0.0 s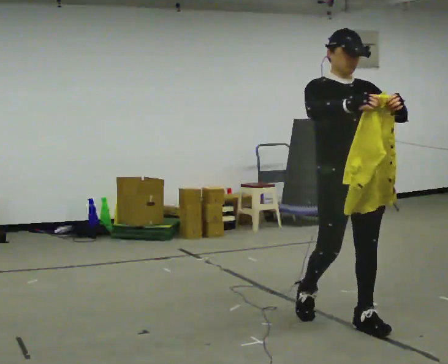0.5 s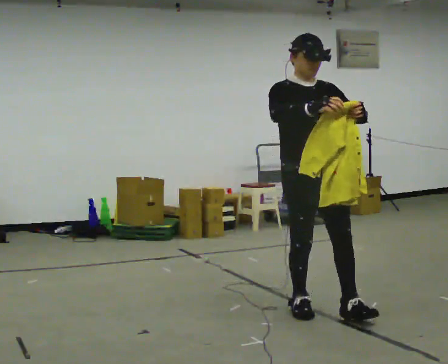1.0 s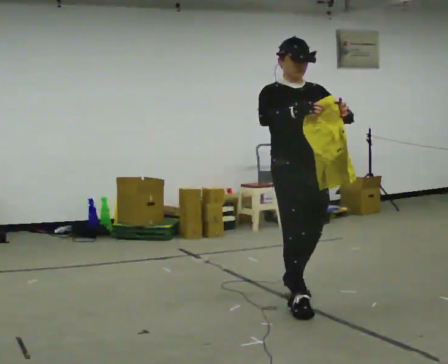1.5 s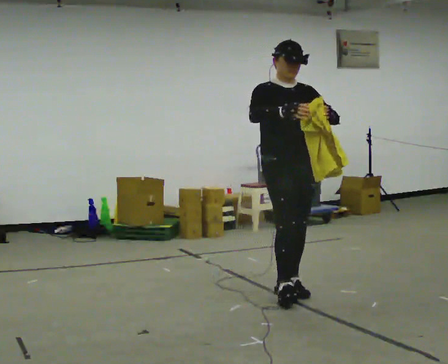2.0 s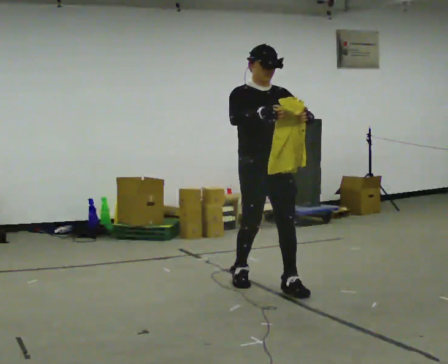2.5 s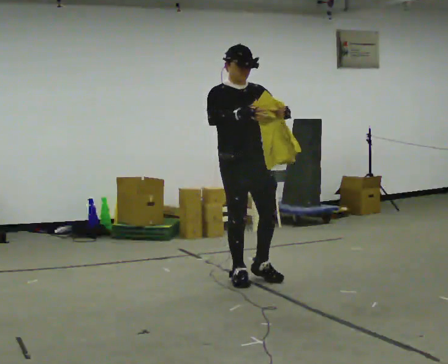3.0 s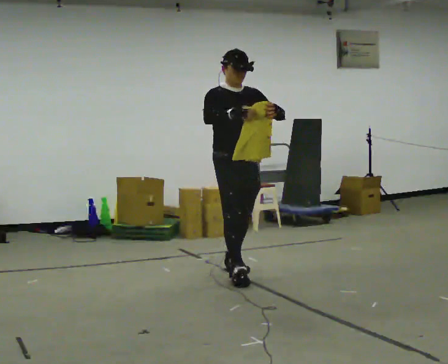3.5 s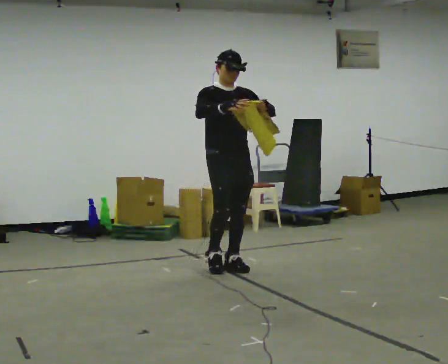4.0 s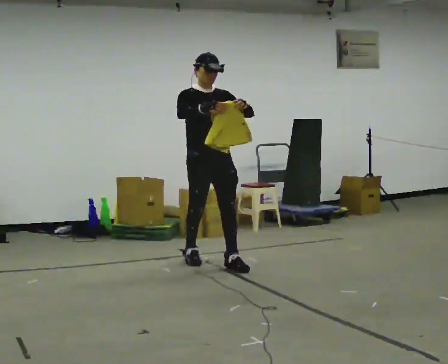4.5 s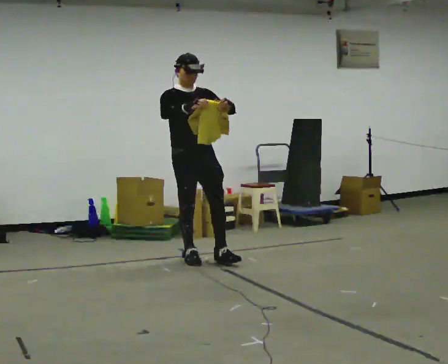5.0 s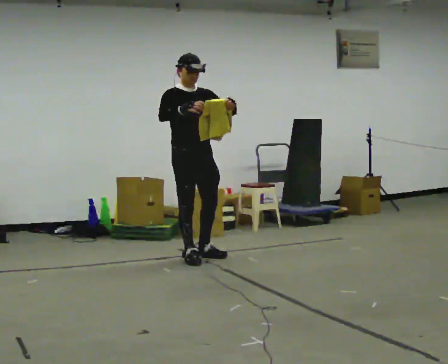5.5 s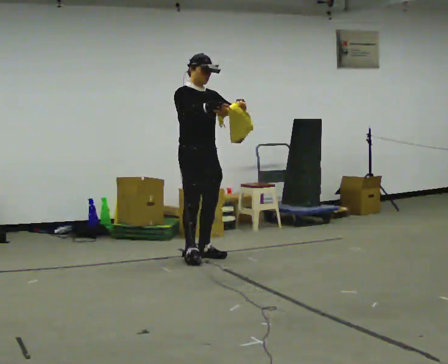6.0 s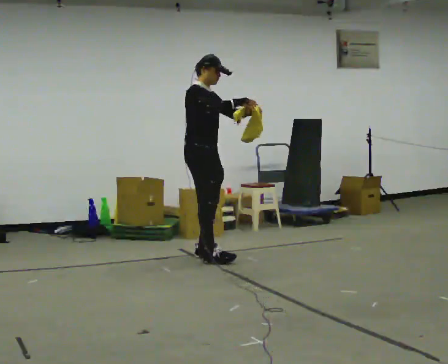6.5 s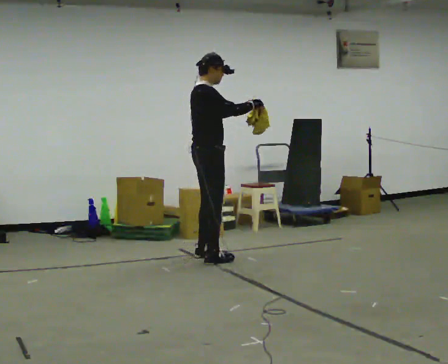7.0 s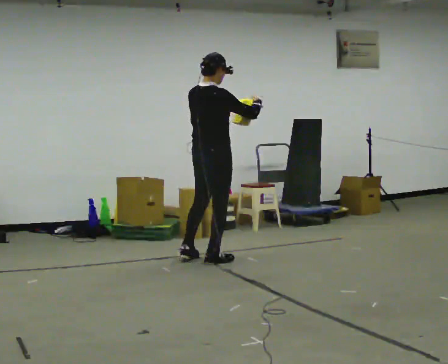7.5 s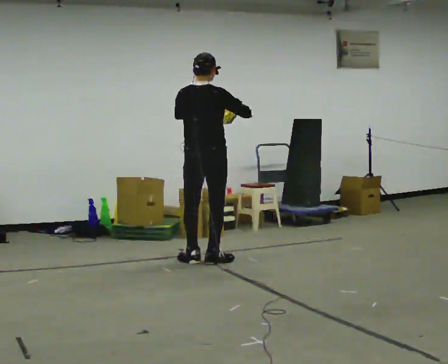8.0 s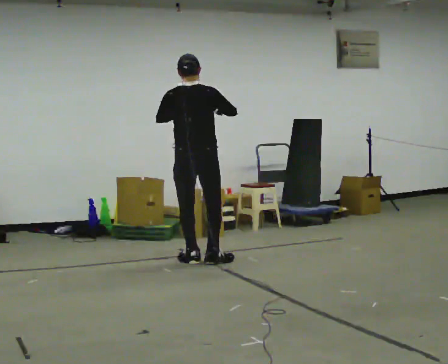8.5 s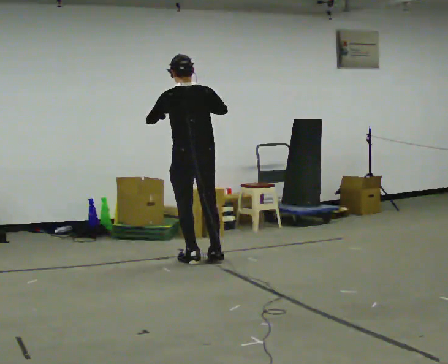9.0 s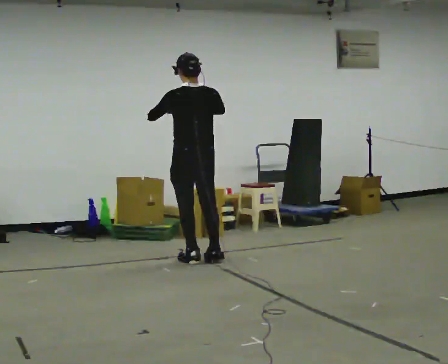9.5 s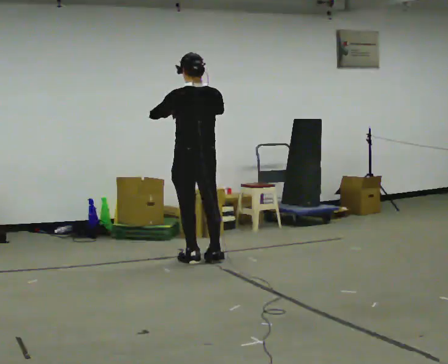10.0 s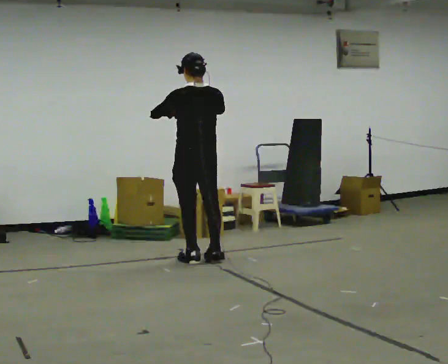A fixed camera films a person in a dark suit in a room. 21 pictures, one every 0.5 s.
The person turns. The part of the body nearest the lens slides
to the right.
The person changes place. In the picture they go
away from the camera.
0.0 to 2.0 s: In the picture they go away from the camera, about 1 m in 2 steps, which for them is backward.
2.0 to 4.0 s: In the picture they go away from the camera and to the left, about 1 m in 2 steps, which for them is backward.
4.0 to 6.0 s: The person turns about 45 degrees to their left, counterclockwise seen from above, so the part of the body nearest the lens slides to the right. In the picture they go away from the camera, about 0.25 m in 2 steps, which for them is backward.
6.0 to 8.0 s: The person turns about 105 degrees to their left, counterclockwise seen from above, so the part of the body nearest the lens slides to the right. In the picture they go toward the camera, about 0.25 m in 1 step. In the picture their left hand goes to the left.
8.0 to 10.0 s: Seen from above the body turns counterclockwise, about 30 degrees: to their left, with its near side sliding to the right.
The film runs backward here.
